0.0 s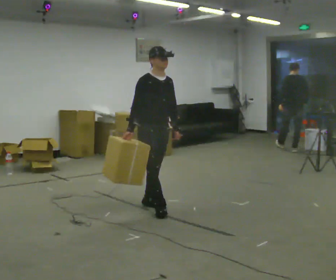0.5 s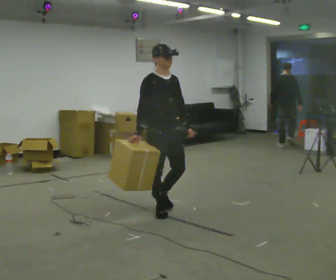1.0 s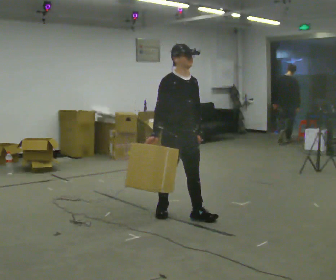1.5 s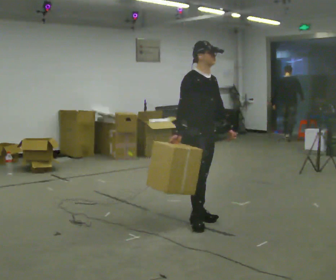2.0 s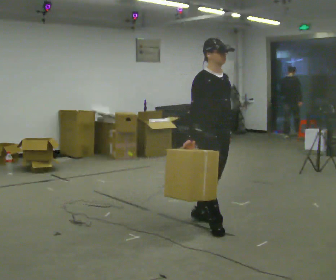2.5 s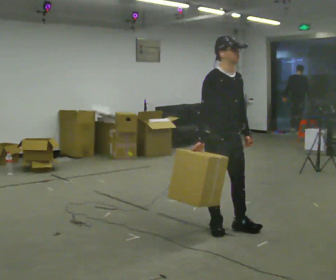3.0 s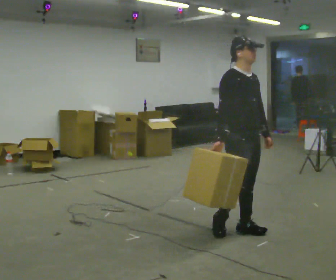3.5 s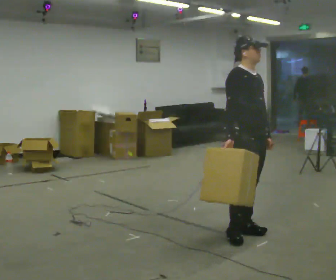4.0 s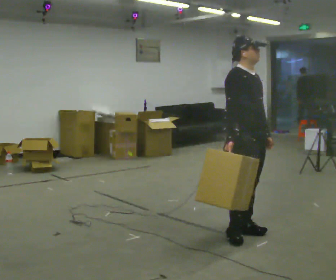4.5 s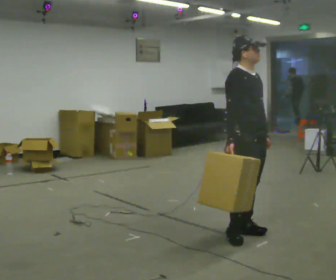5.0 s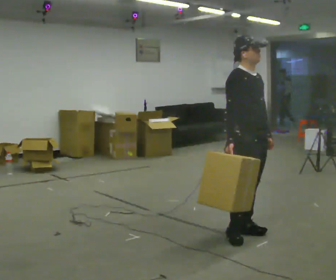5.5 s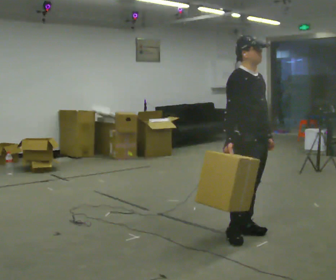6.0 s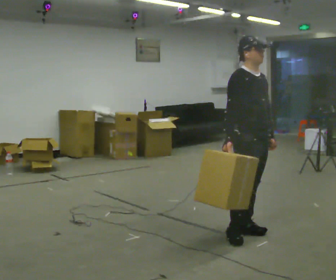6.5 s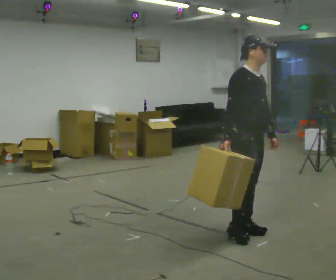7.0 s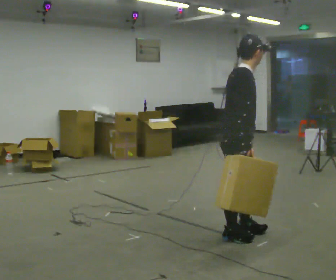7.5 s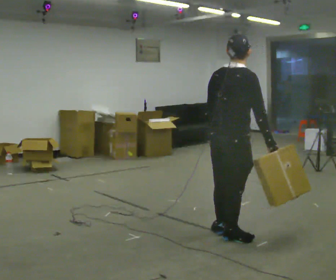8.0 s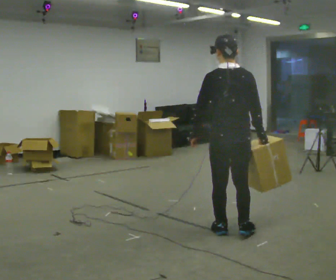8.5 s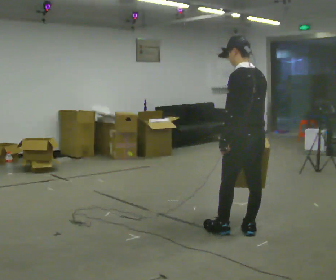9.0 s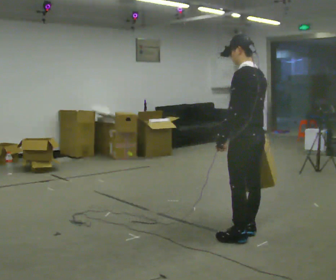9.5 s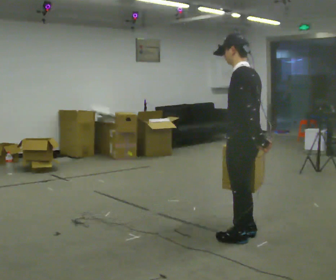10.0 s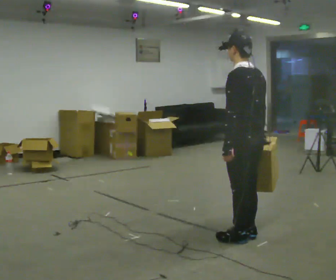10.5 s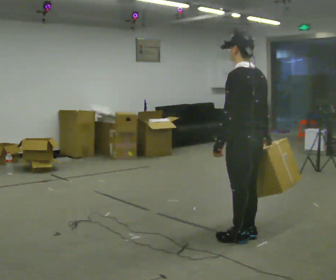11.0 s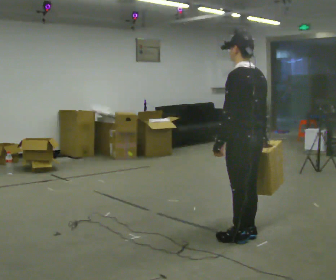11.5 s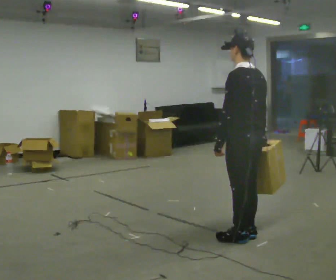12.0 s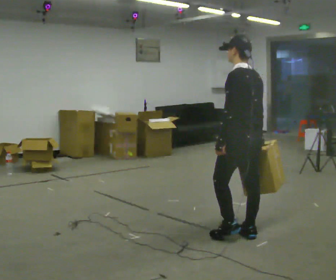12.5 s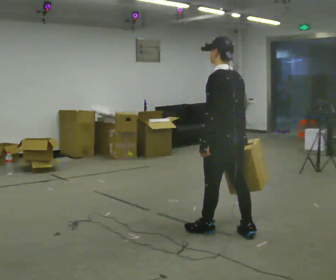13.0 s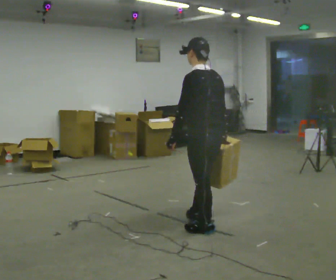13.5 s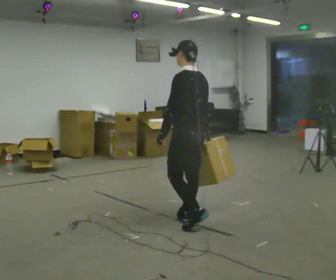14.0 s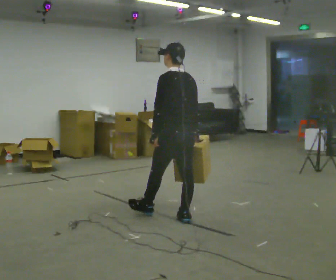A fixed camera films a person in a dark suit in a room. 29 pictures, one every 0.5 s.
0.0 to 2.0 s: In the picture they go toward the camera and to the right, about 1 m in 2 steps, which for them is forward.
2.0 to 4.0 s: In the picture they go toward the camera and to the right, about 0.5 m in 2 steps, which for them is forward.
4.0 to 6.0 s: The person moves a little, or ends about where they began.
6.0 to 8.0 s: Seen from above the body turns counterclockwise, about 150 degrees: to their left, with its near side sliding to the right. In the picture their right hand goes to the right, the arm swinging counterclockwise.
8.0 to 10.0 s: Seen from above the body turns counterclockwise, about 30 degrees: to their left, with its near side sliding to the right. In the picture they go toward the camera, about 0.25 m in 2 steps, which for them is backward.
10.0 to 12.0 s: The person moves a little, or ends about where they began.
12.0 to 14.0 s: In the picture they go away from the camera and to the left, about 0.5 m in 2 steps, which for them is forward.
The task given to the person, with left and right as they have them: Carry the box across the room, stopping and starting again each time the operator says stop and go. Do not set the box down.
The film runs forward here.
